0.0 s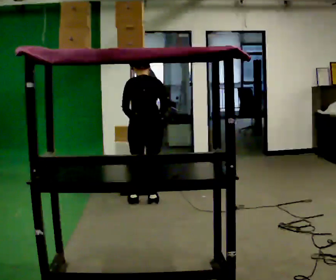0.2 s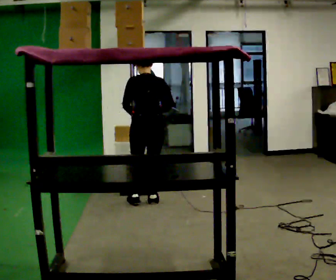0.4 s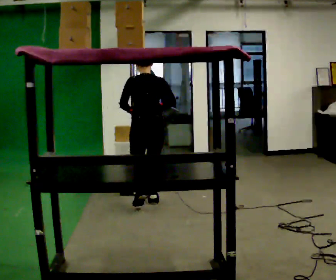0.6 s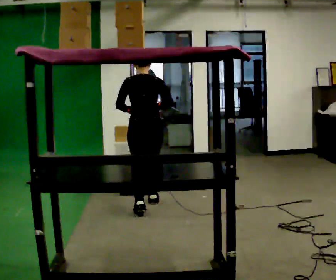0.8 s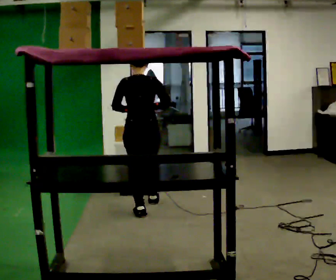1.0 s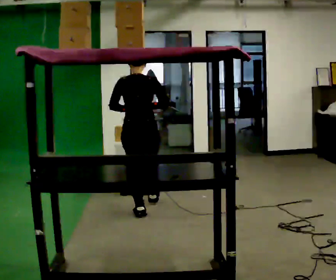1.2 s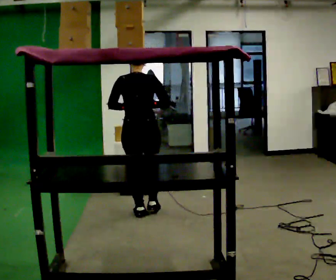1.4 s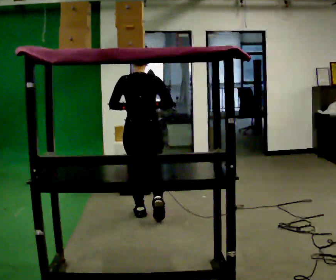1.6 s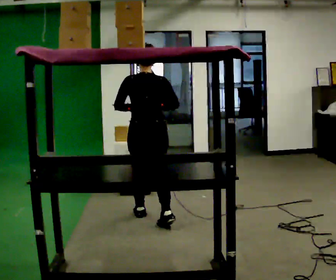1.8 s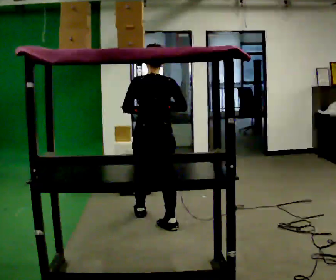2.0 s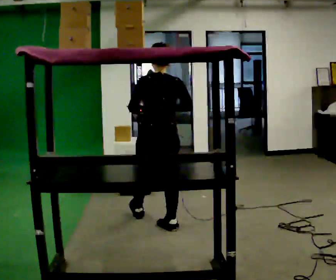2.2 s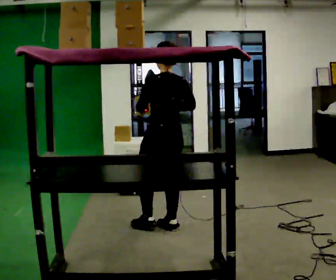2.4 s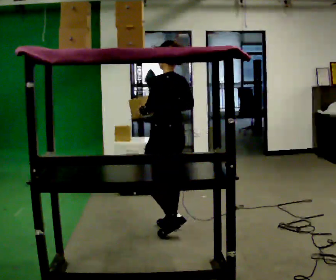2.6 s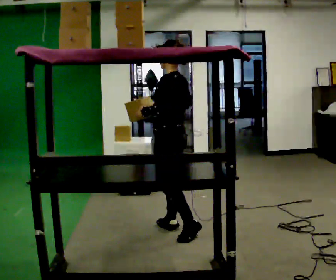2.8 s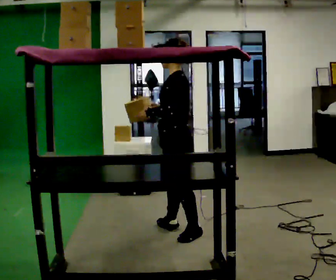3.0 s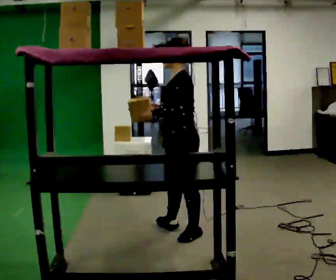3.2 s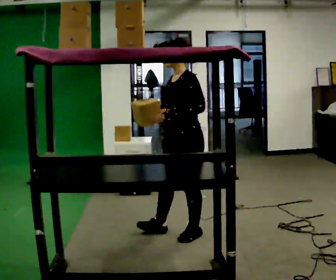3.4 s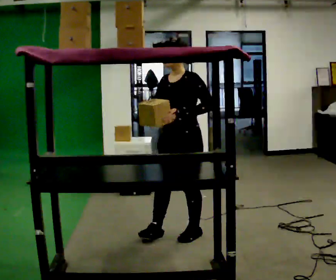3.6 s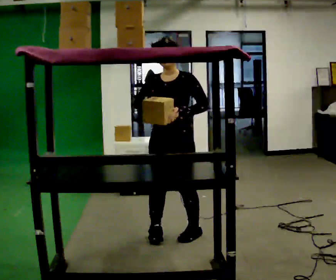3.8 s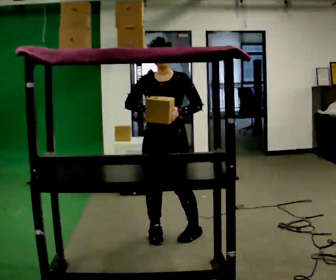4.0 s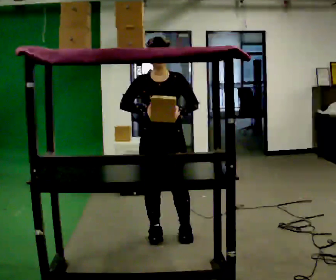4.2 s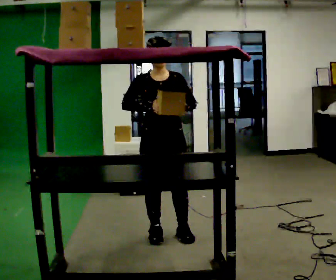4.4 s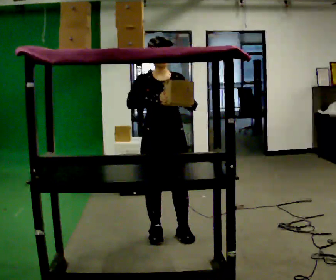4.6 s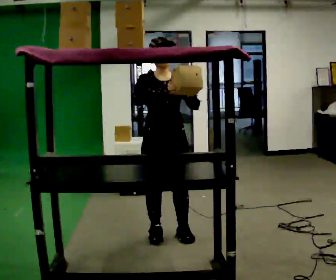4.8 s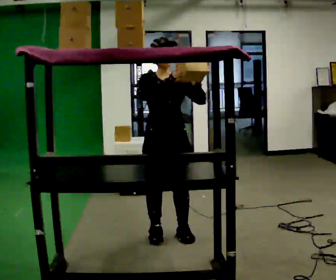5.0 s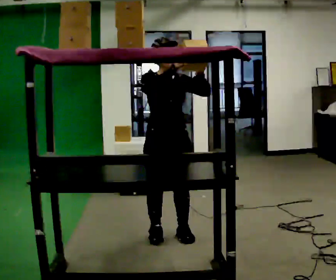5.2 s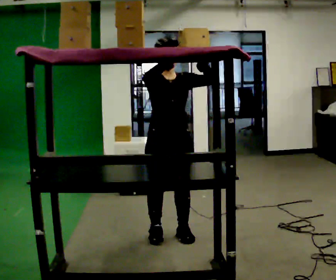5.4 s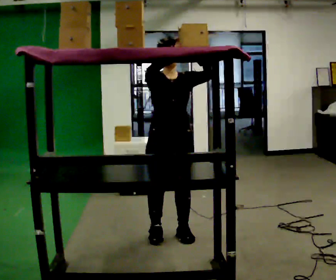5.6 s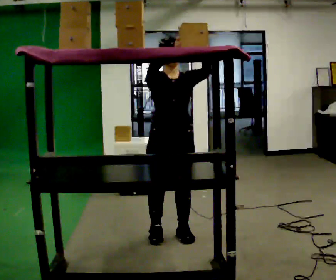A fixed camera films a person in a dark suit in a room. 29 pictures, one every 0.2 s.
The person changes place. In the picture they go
toward the camera.
Their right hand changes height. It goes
upward.
0.0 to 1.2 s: In the picture they go toward the camera, about 0.5 m in 2 steps, which for them is backward. The upper body tips toward the camera, its near side rolling downward, as they lean back or straighten.
1.2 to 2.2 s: The person turns about 45 degrees to their left, counterclockwise seen from above, so the part of the body nearest the lens slides to the right. In the picture they go toward the camera and to the right, about 0.5 m in 1 step, which for them is backward and to their right.
2.2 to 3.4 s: The person turns about 105 degrees to their left, counterclockwise seen from above, so the part of the body nearest the lens slides to the right. In the picture they go toward the camera, about 0.25 m in 1 step.
3.4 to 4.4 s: The person turns about 60 degrees to their left, counterclockwise seen from above, so the part of the body nearest the lens slides to the right. In the picture they go to the left, about 0.25 m, which for them is to their right.
4.4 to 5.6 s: In the picture their left hand goes upward.
The film runs backward here.
